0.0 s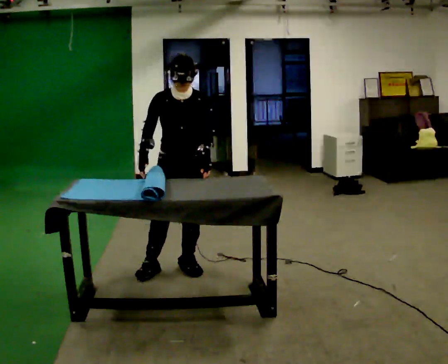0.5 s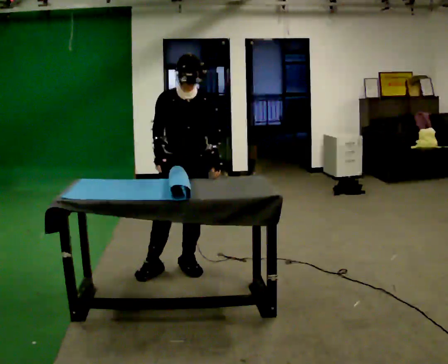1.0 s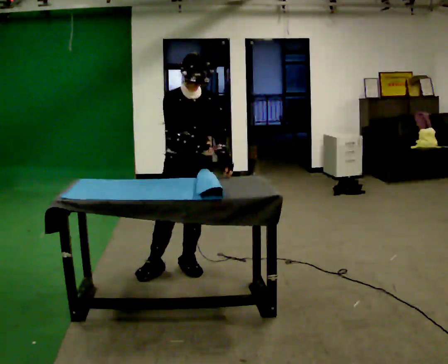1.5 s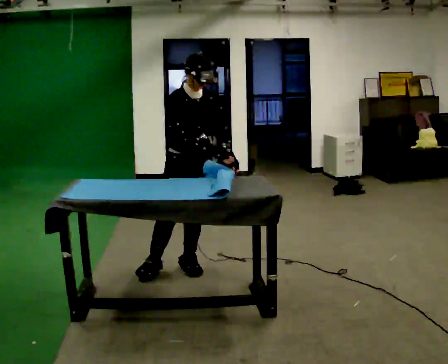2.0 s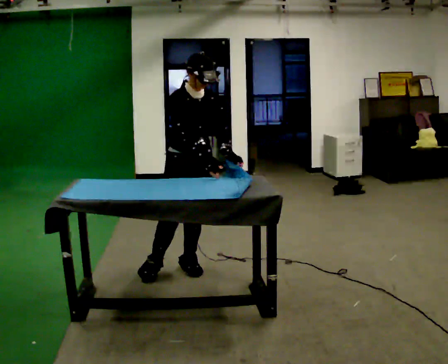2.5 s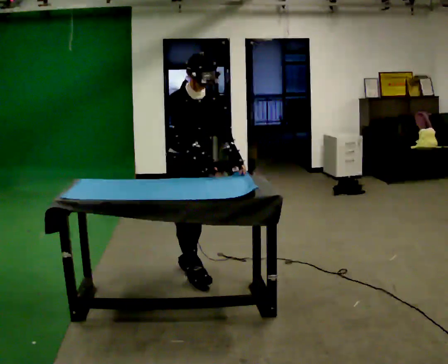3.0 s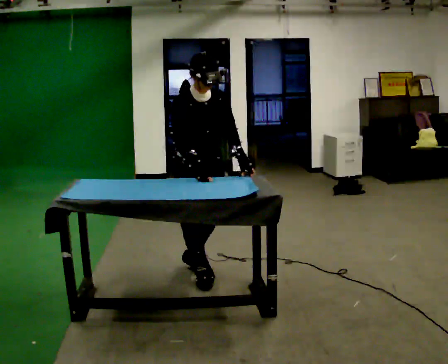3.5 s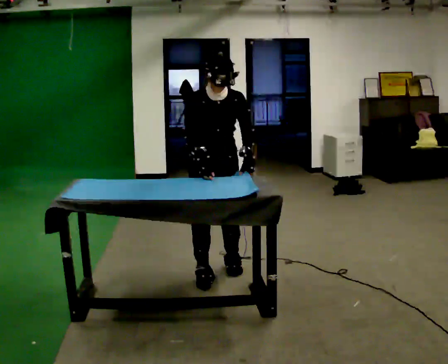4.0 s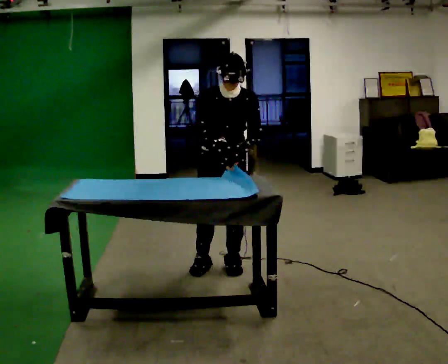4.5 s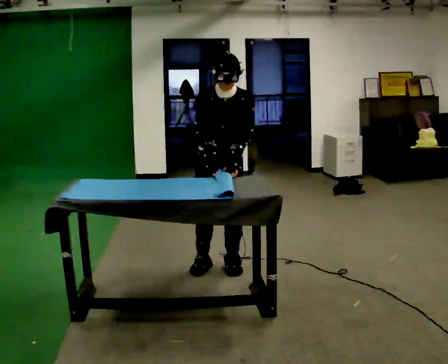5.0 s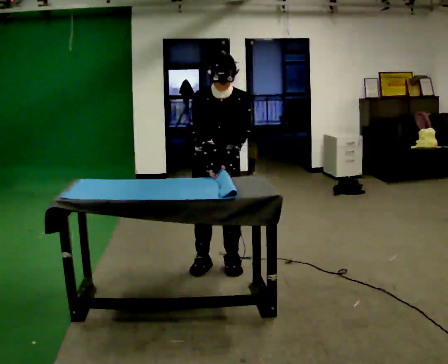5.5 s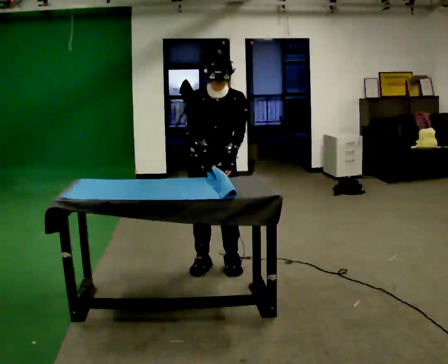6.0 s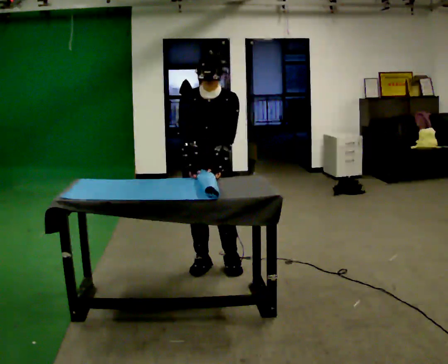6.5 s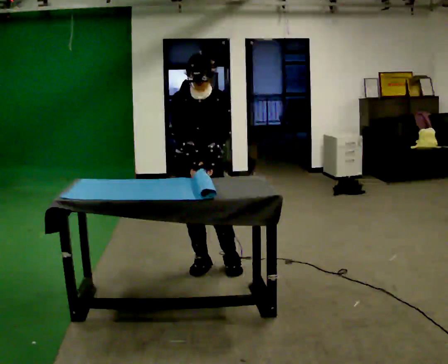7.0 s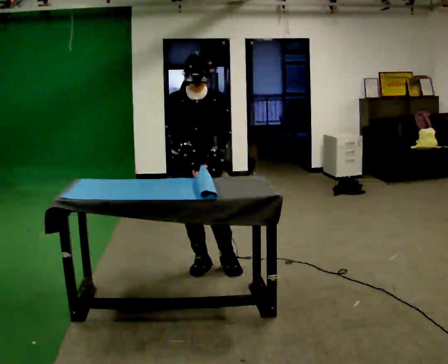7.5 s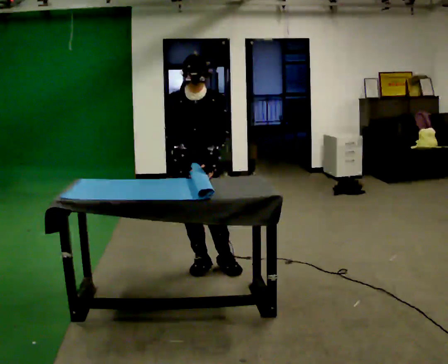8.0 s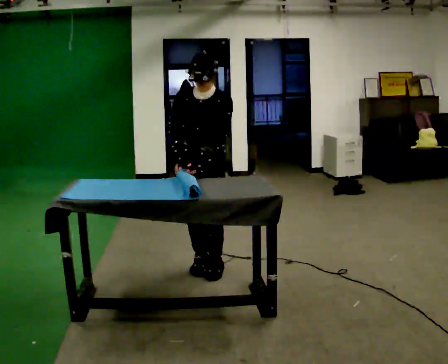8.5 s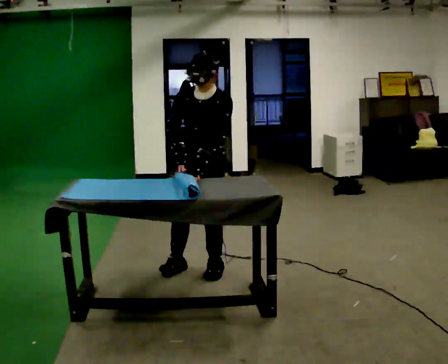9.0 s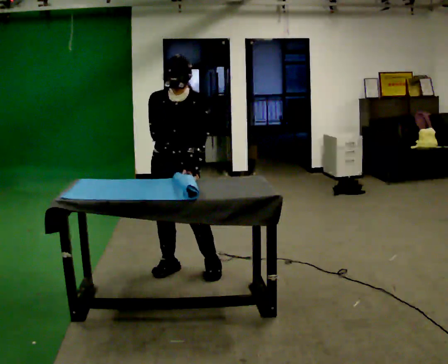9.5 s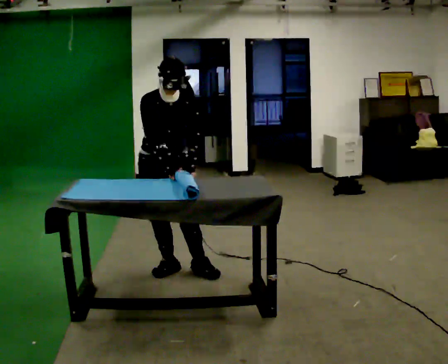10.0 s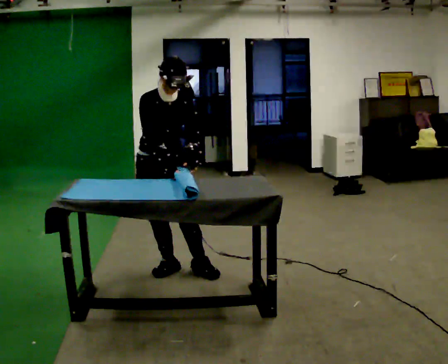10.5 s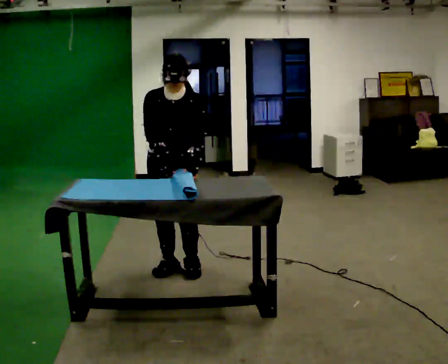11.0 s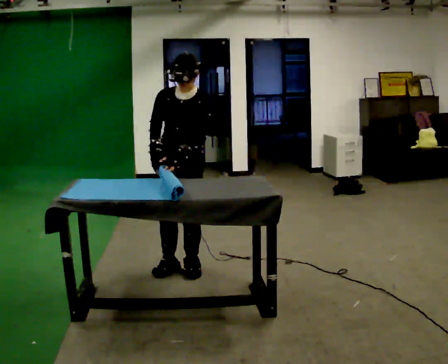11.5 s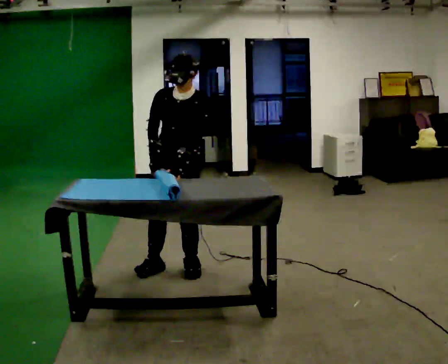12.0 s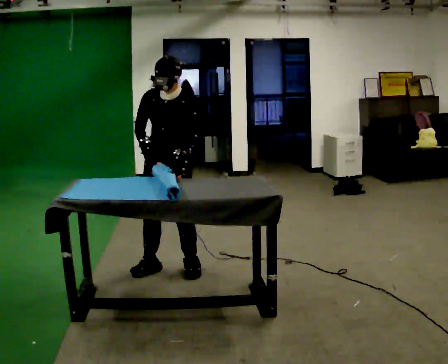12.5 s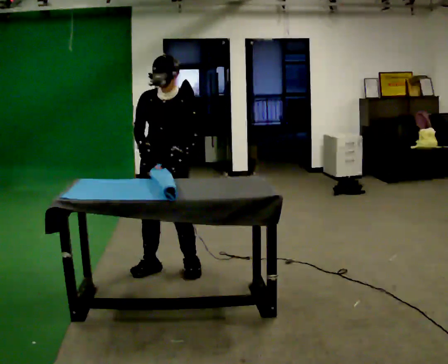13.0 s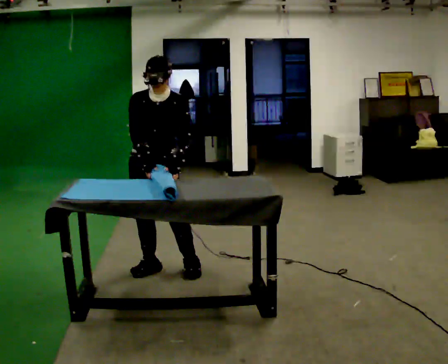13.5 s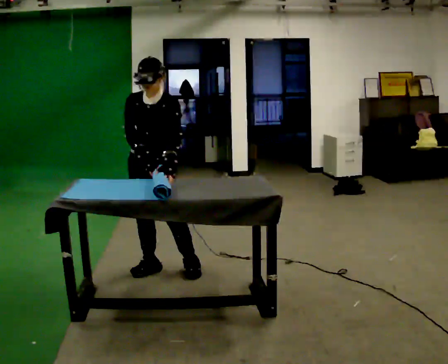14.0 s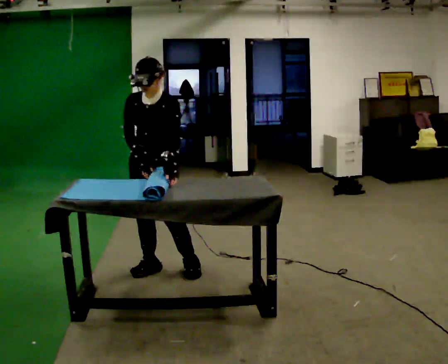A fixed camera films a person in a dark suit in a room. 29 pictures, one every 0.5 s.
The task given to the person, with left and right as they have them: Roll the mat up from one end, then unroll it again. Repeat at your own pace until the operator says stop.
0.0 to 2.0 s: The part of the body nearest the lens slides to the right as the person turns to their left by about 30 degrees. In the picture their right hand goes to the right.
2.0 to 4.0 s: The part of the body nearest the lens slides to the left as the person turns to their right by about 30 degrees. In the picture they go to the right, about 0.25 m in 2 steps, which for them is to their left.
4.0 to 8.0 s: The person moves a little, or ends about where they began.
8.0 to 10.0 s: The part of the body nearest the lens slides to the right as the person turns to their left by about 45 degrees. In the picture they go to the left, about 0.25 m in 1 step, which for them is to their right.
10.0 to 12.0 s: Seen from above the body turns clockwise, about 45 degrees: to their right, with its near side sliding to the left.
12.0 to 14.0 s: The person moves a little, or ends about where they began.
The film runs forward here.
